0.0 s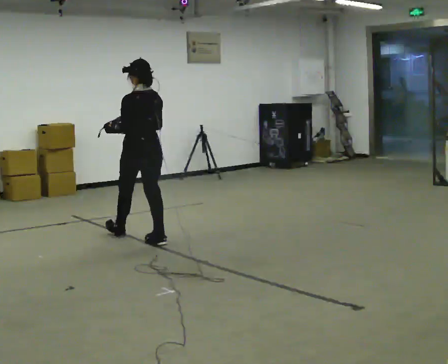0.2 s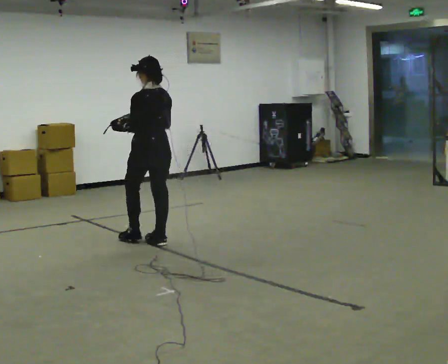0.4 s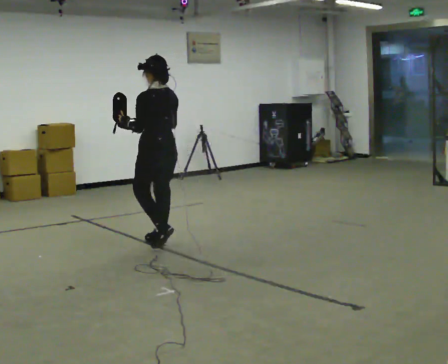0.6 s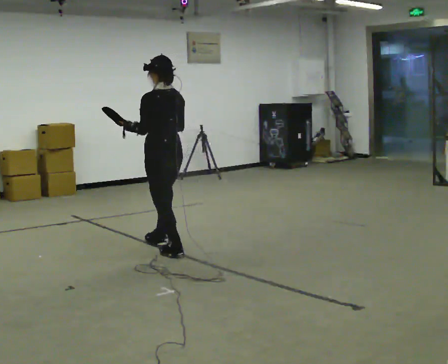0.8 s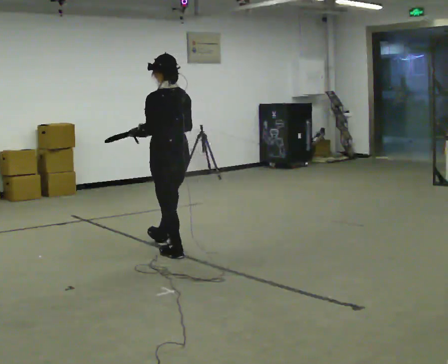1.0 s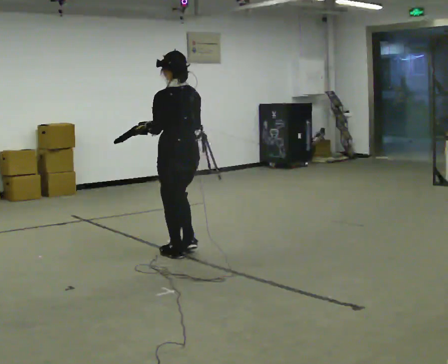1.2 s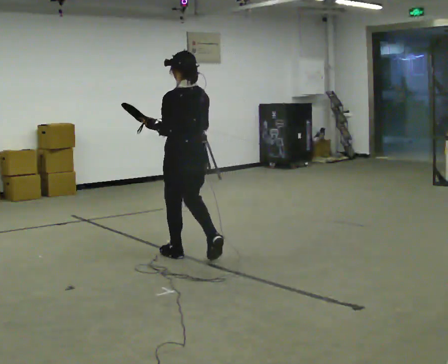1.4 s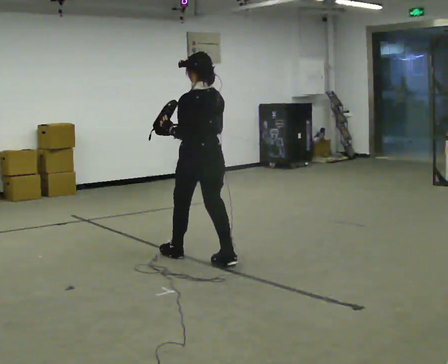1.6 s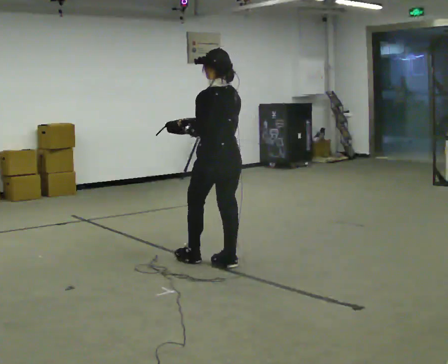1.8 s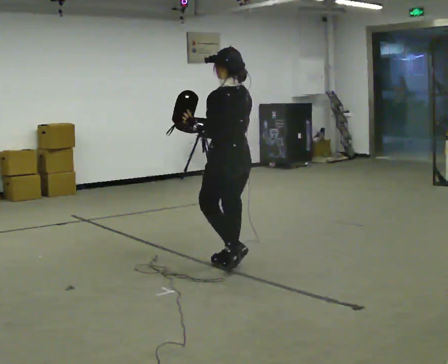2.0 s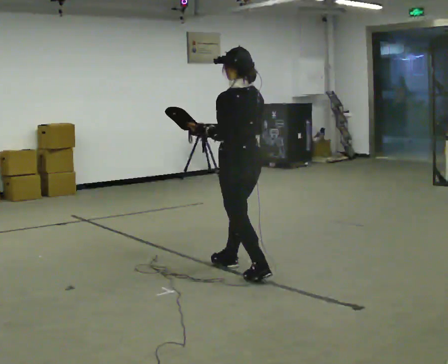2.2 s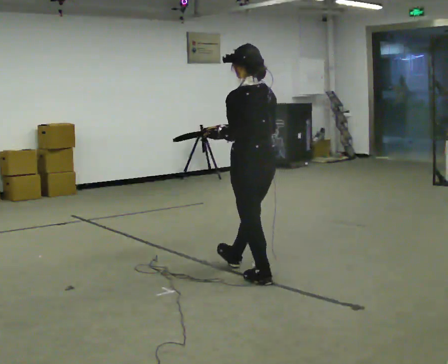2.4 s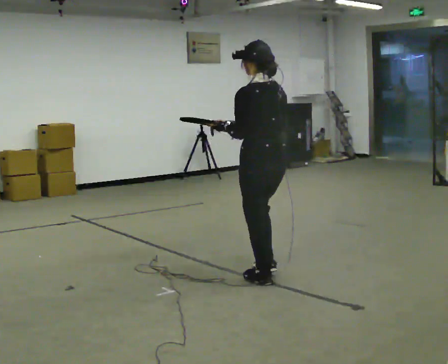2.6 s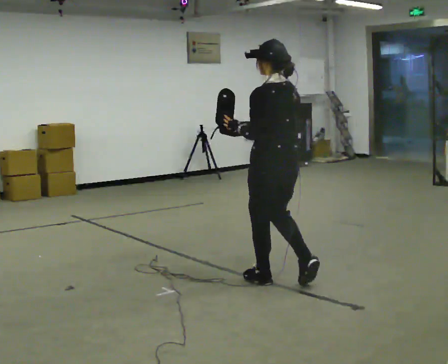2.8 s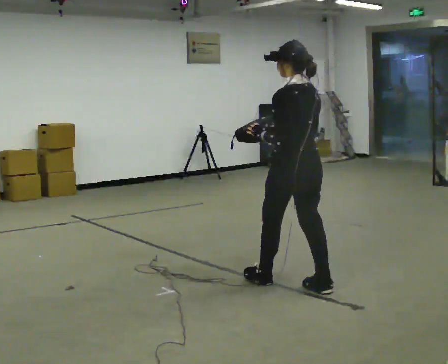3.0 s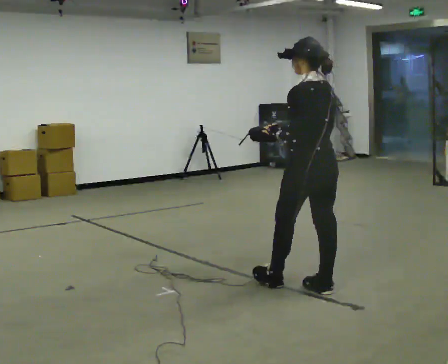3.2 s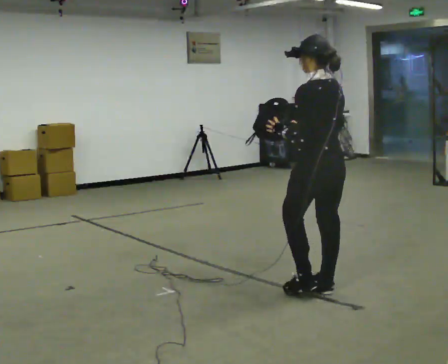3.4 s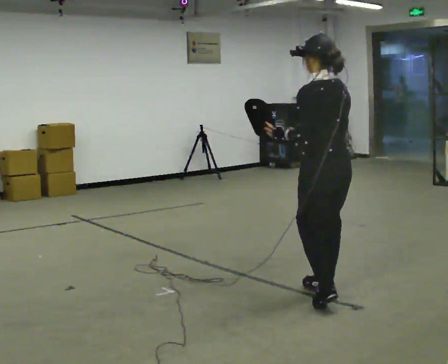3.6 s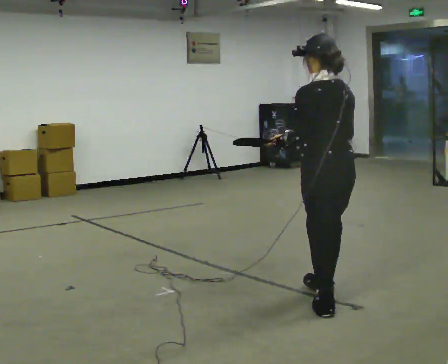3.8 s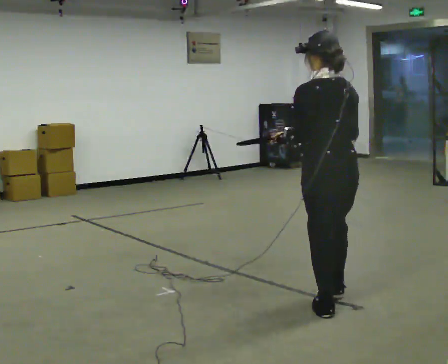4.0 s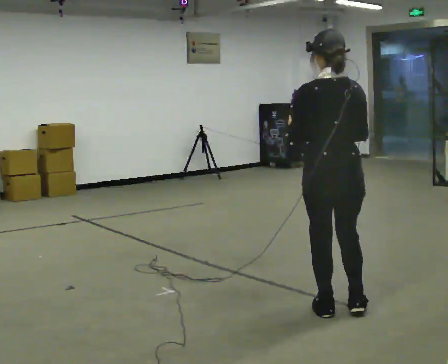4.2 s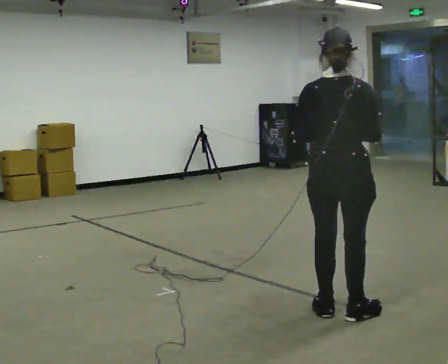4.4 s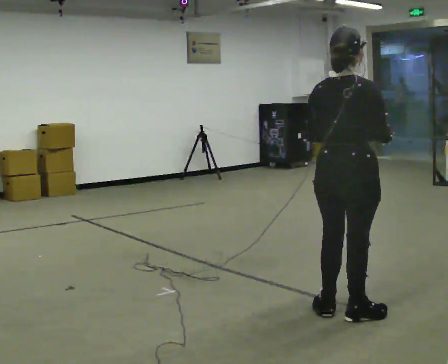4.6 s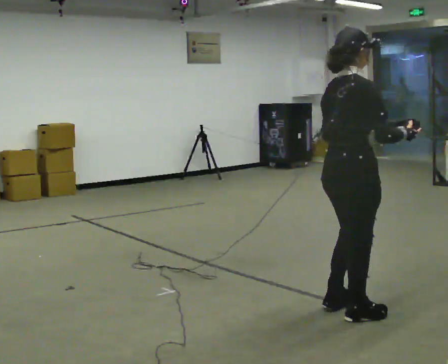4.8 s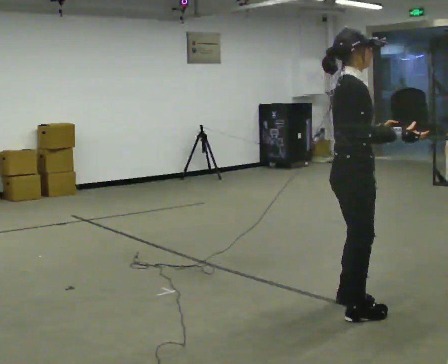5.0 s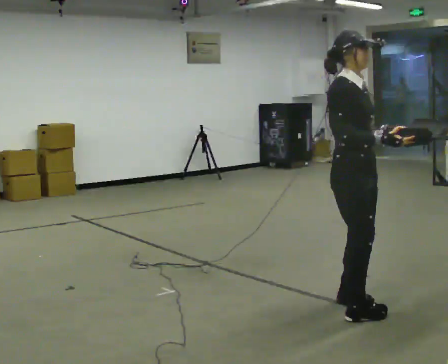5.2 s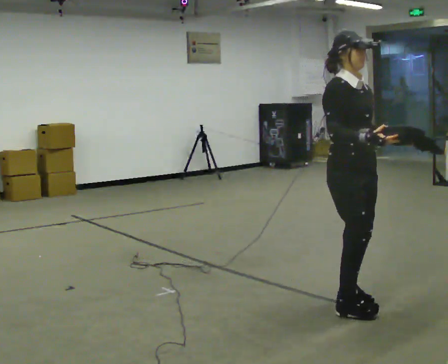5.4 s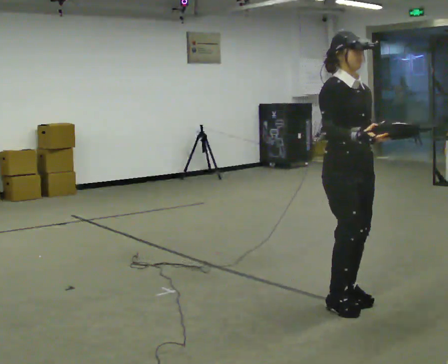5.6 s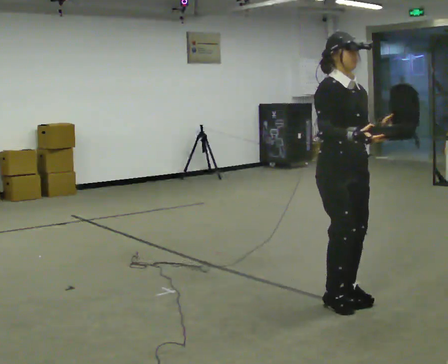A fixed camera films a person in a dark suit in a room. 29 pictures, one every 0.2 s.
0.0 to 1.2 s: In the picture they go toward the camera and to the right, about 0.5 m in 2 steps, which for them is backward.
1.2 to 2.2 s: In the picture they go to the right and toward the camera, about 0.5 m in 2 steps, which for them is backward.
2.2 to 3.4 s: In the picture they go to the right and toward the camera, about 0.75 m in 1 step, which for them is backward.
3.4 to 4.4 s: The part of the body nearest the lens slides to the left as the person turns to their right by about 75 degrees. In the picture they go toward the camera, about 0.25 m in 1 step.
4.4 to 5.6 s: The part of the body nearest the lens slides to the left as the person turns to their right by about 105 degrees. In the picture they go away from the camera, about 0.25 m in 2 steps.
The film runs backward here.
